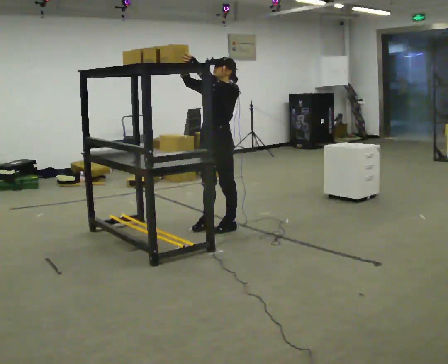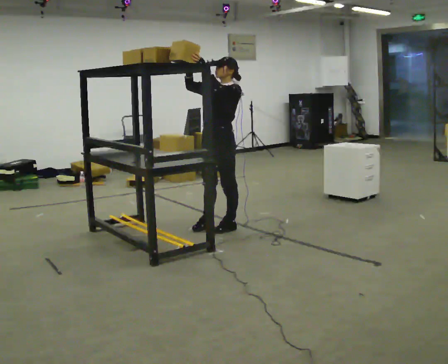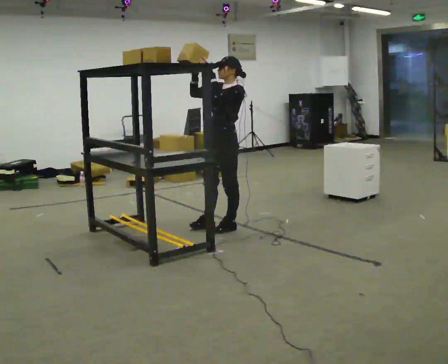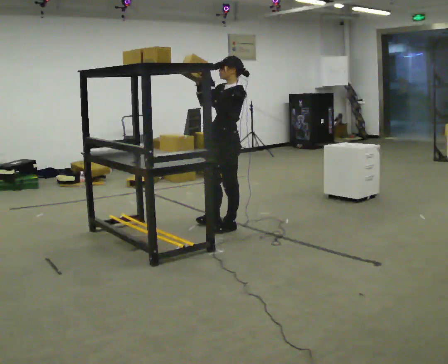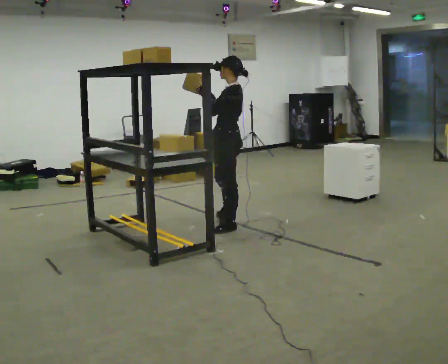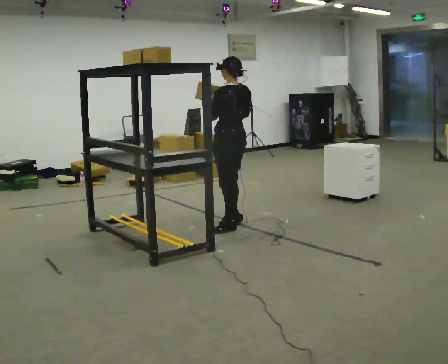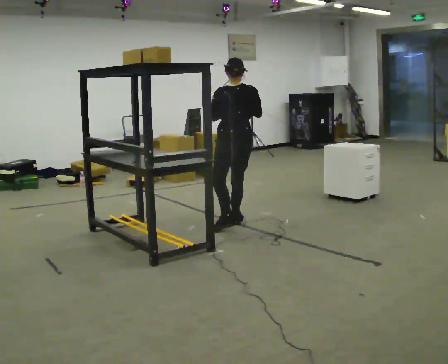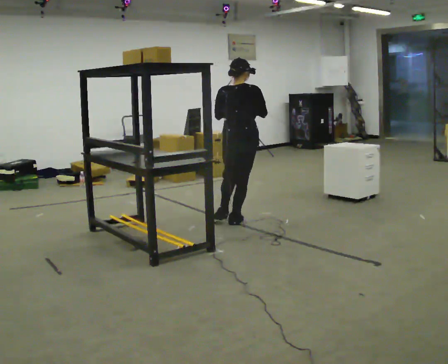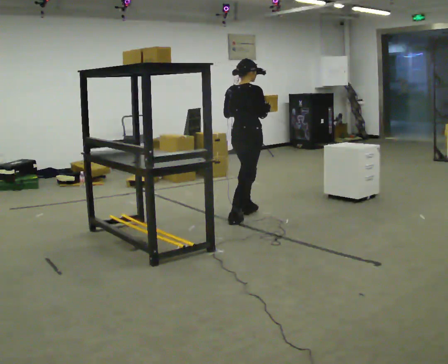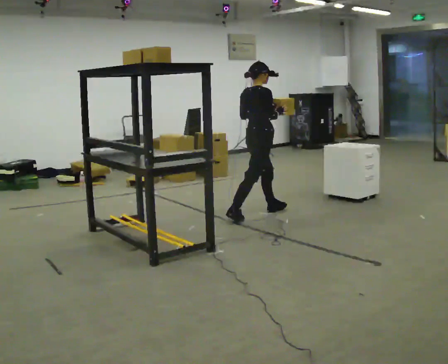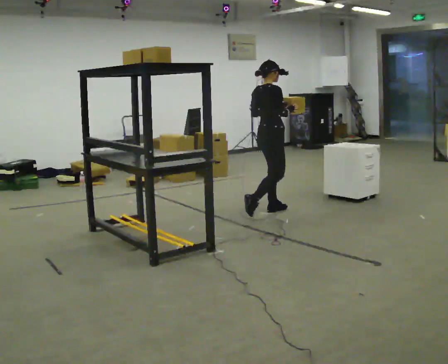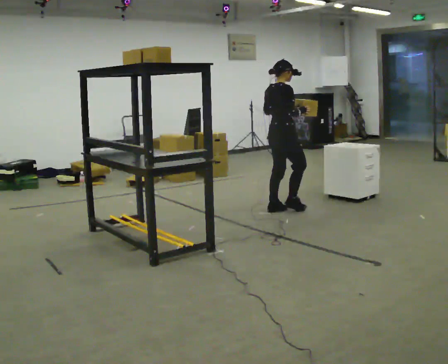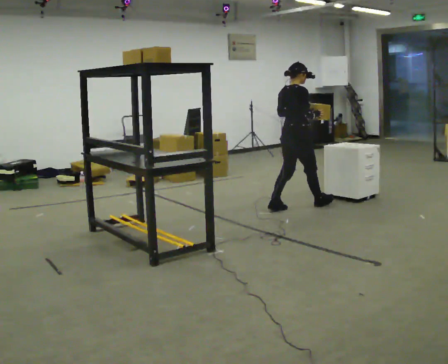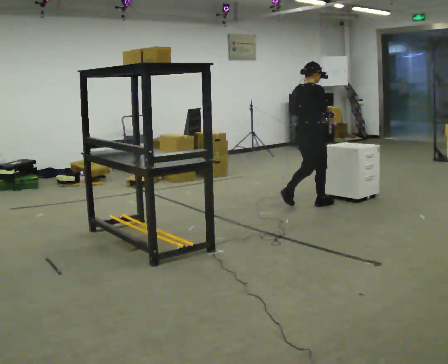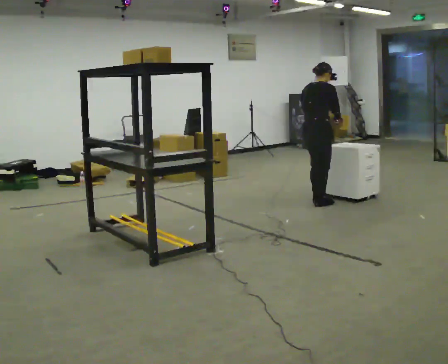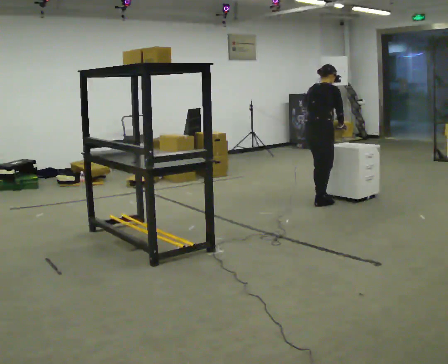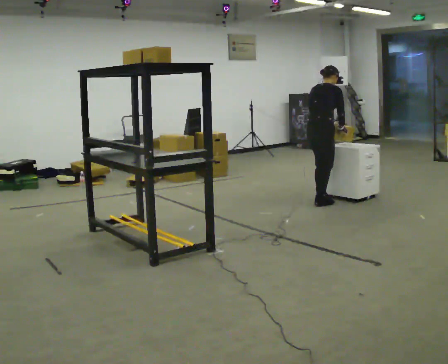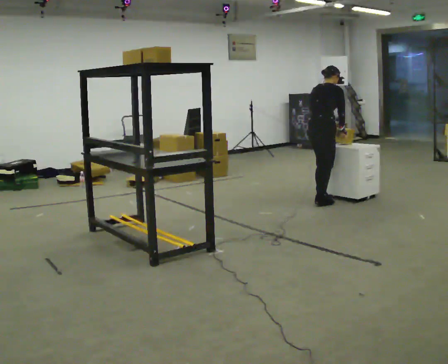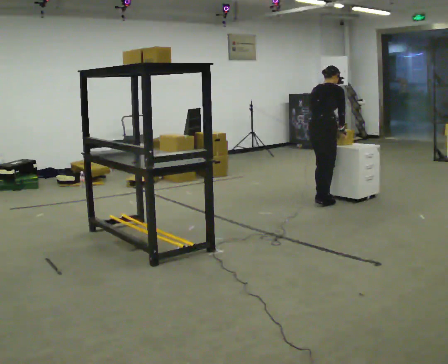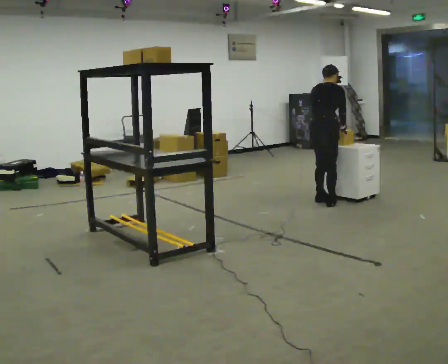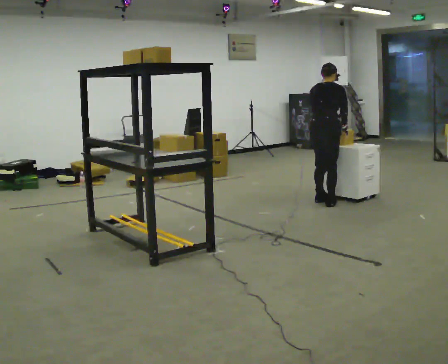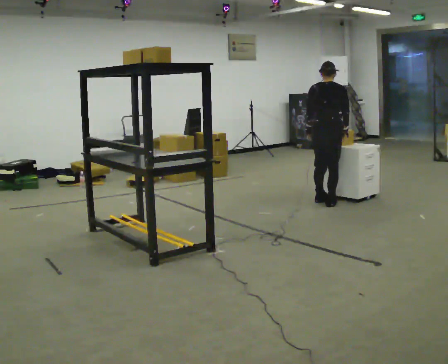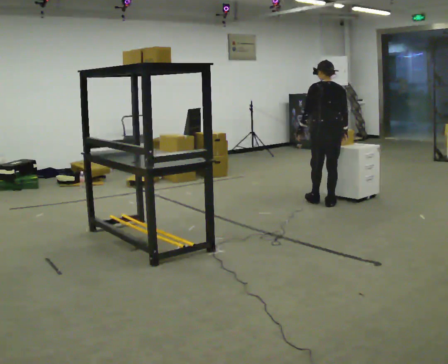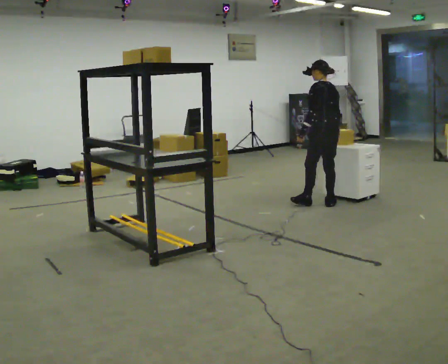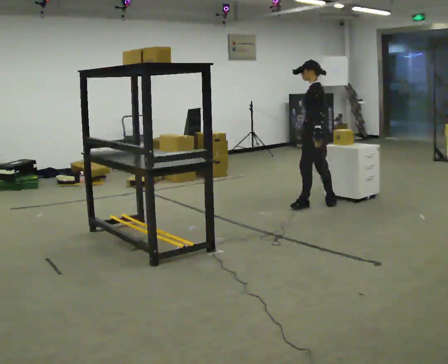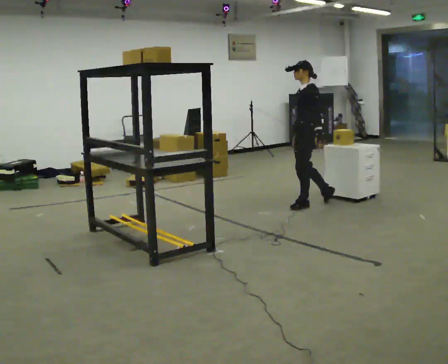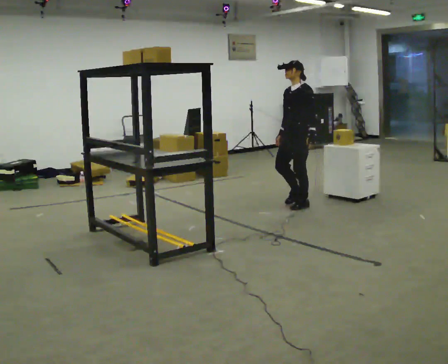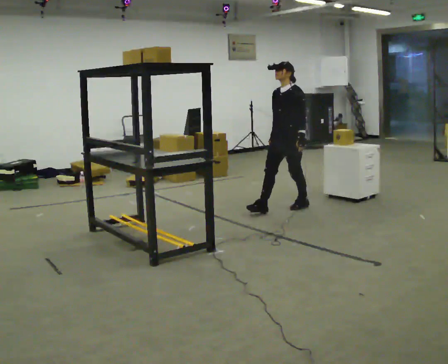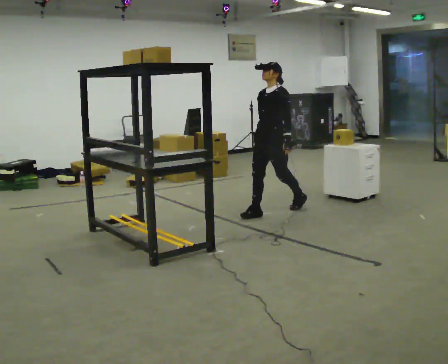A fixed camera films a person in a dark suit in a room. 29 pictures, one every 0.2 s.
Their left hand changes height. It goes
downward.
Their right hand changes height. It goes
downward.
0.0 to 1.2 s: The person turns about 105 degrees to their right, clockwise seen from above, so the part of the body nearest the lens slides to the left. In the picture they go away from the camera, about 0.25 m in 1 step. In the picture their right hand goes to the right and downward.
1.2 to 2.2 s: The person turns about 90 degrees to their right, clockwise seen from above, so the part of the body nearest the lens slides to the left. In the picture they go away from the camera and to the right, about 0.5 m in 1 step.
2.2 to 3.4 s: In the picture they go to the right and away from the camera, about 0.5 m in 2 steps, which for them is forward. The upper body tips away from the camera, its near side rolling upward, as they bend forward.
3.4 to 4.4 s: The part of the body nearest the lens slides to the right as the person turns to their left by about 60 degrees. In the picture the upper body tilts counterclockwise, shoulders to the left, as they lean back or straighten.
4.4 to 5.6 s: Seen from above the body turns counterclockwise, about 120 degrees: to their left, with its near side sliding to the right. In the picture they go to the left and toward the camera, about 0.75 m in 2 steps.
The film runs forward here.
